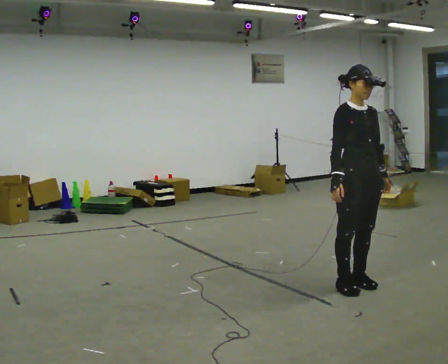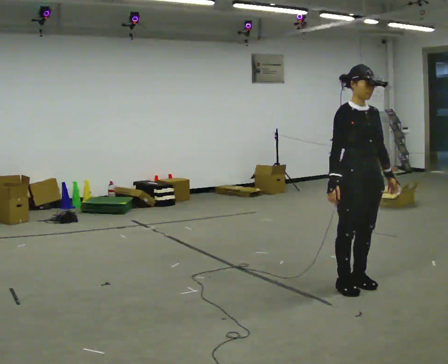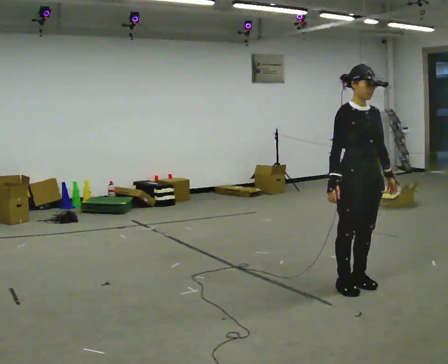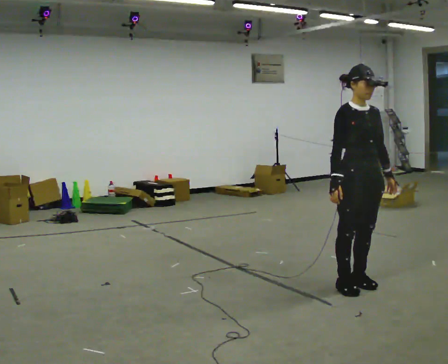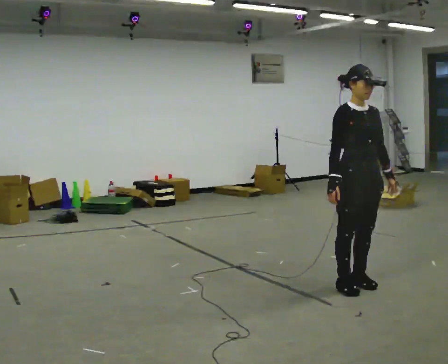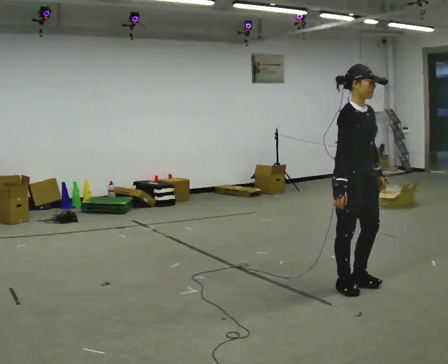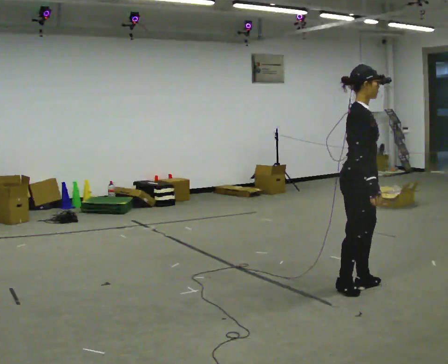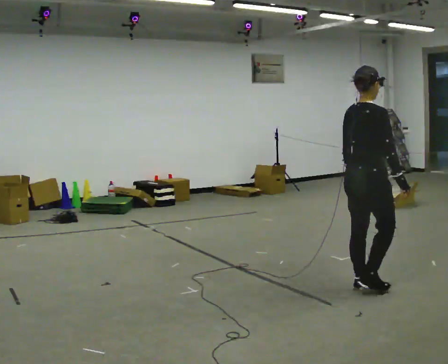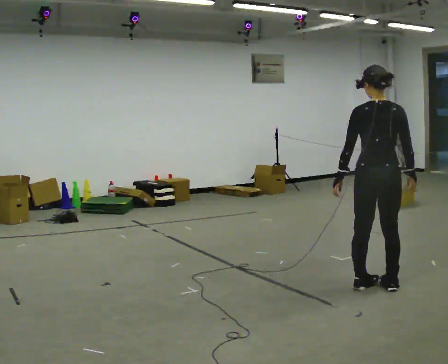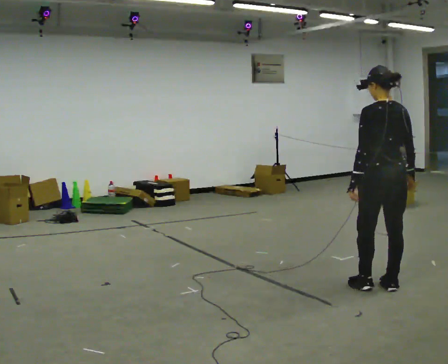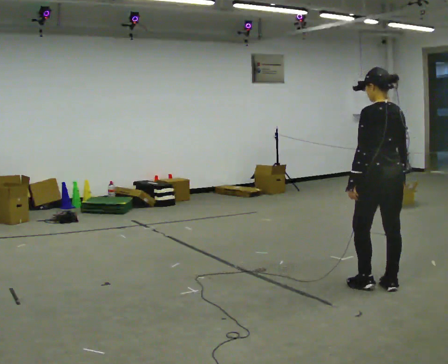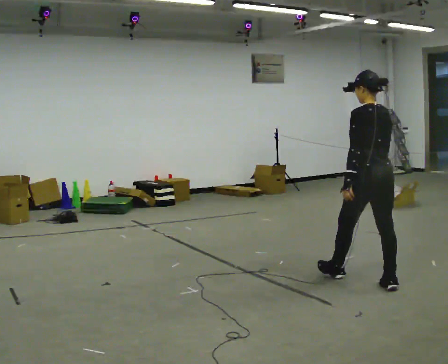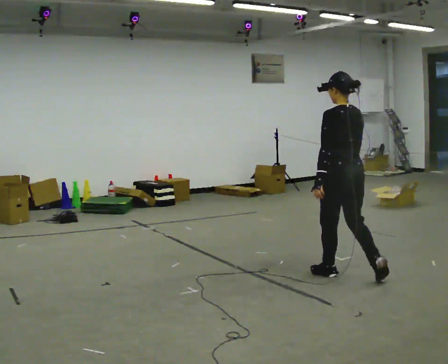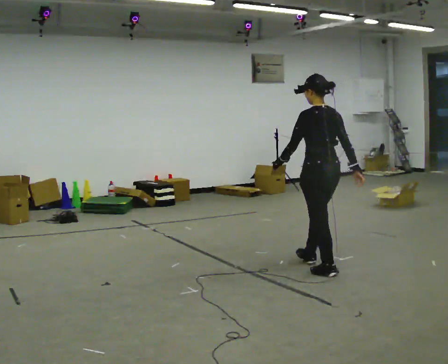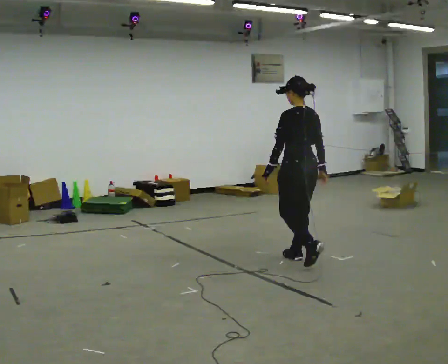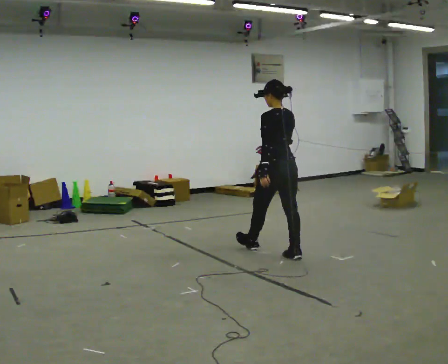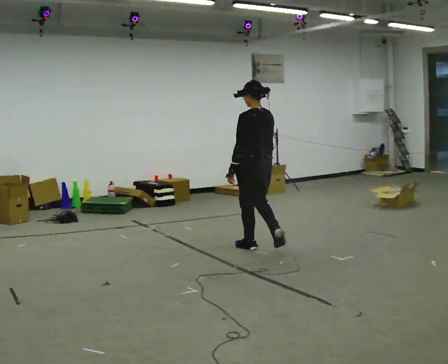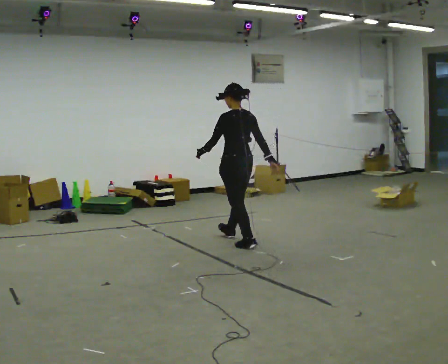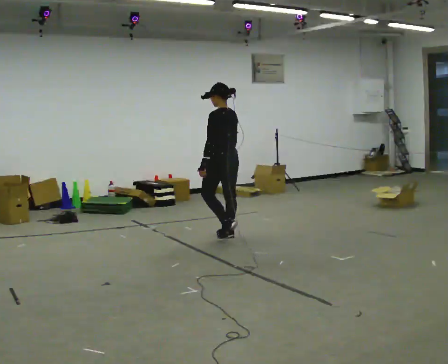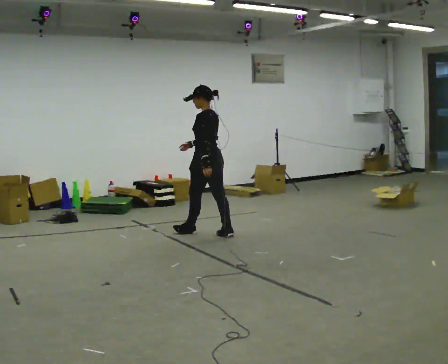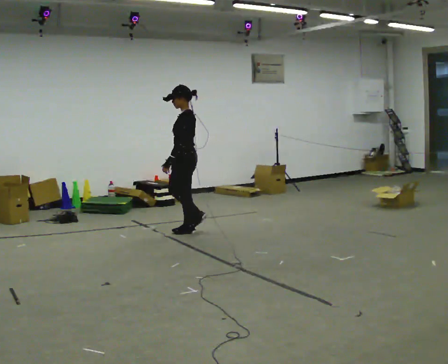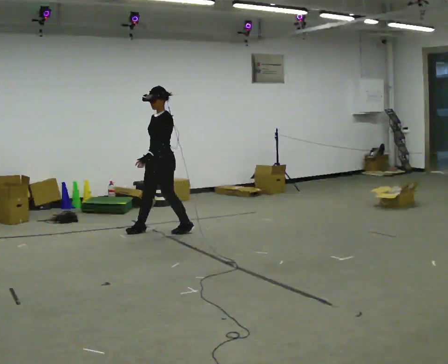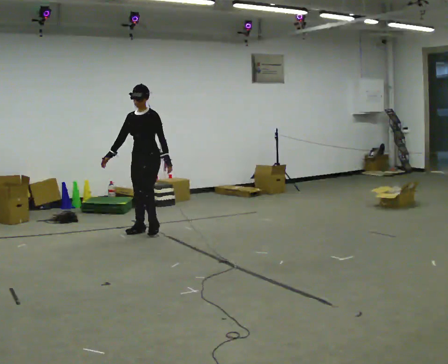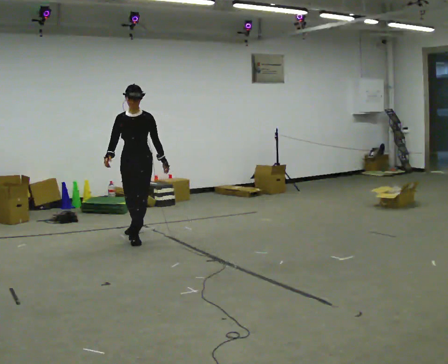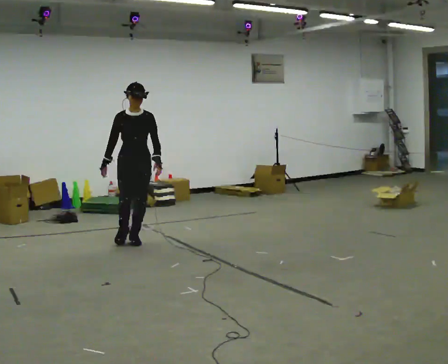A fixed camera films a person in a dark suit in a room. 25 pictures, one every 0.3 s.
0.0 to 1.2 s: The person moves a little, or ends about where they began.
1.2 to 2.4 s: Seen from above the body turns counterclockwise, about 150 degrees: to their left, with its near side sliding to the right. In the picture they go to the right, about 0.25 m in 1 step. In the picture their right hand goes to the right.
2.4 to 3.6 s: Seen from above the body turns counterclockwise, about 30 degrees: to their left, with its near side sliding to the right. In the picture they go away from the camera and to the left, about 0.5 m in 1 step, which for them is forward.
3.6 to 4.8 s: In the picture they go away from the camera and to the left, about 1 m in 2 steps, which for them is forward.
4.8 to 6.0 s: Seen from above the body turns counterclockwise, about 60 degrees: to their left, with its near side sliding to the right. In the picture they go to the left and away from the camera, about 1 m in 2 steps.
6.0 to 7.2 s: The part of the body nearest the lens slides to the right as the person turns to their left by about 90 degrees. In the picture they go toward the camera and to the left, about 0.75 m in 2 steps.
The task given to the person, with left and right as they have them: Walk straight; turn around and walk back; use wide or tight turn.
The film runs forward here.
